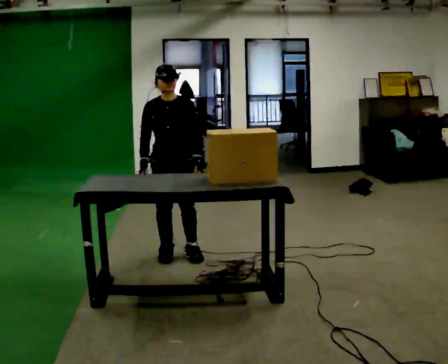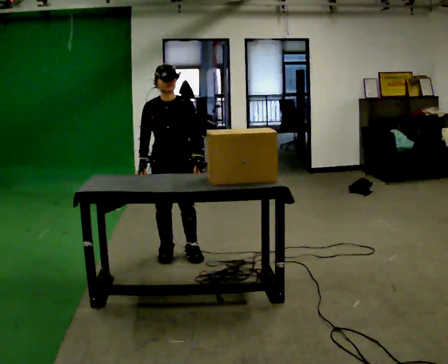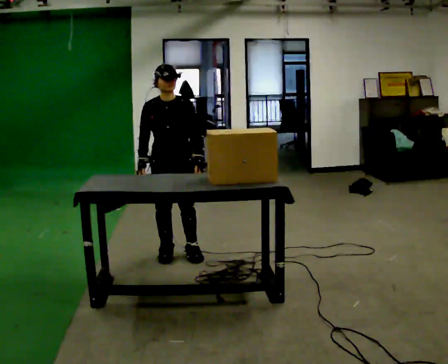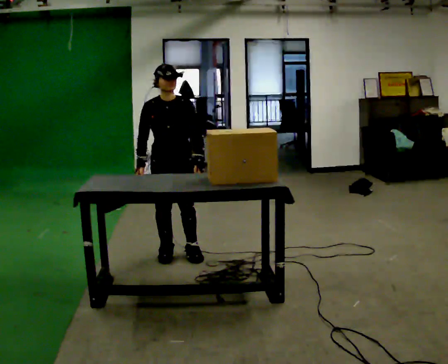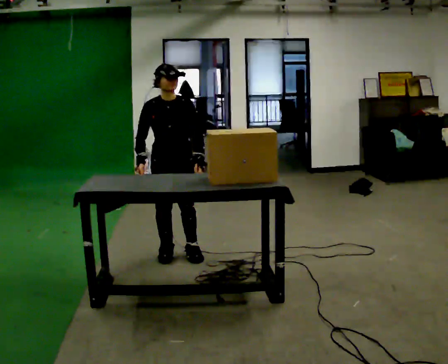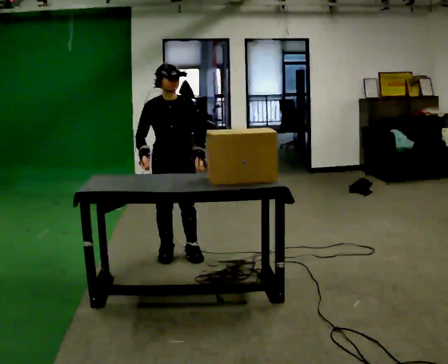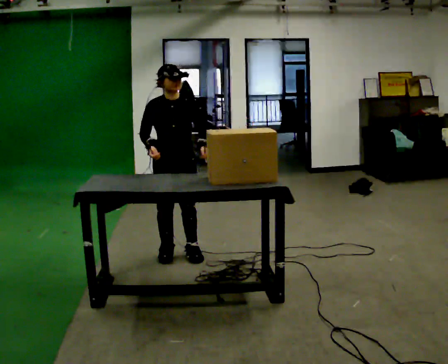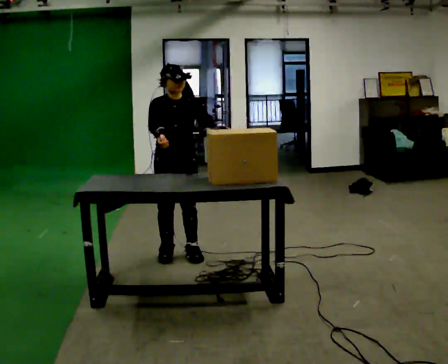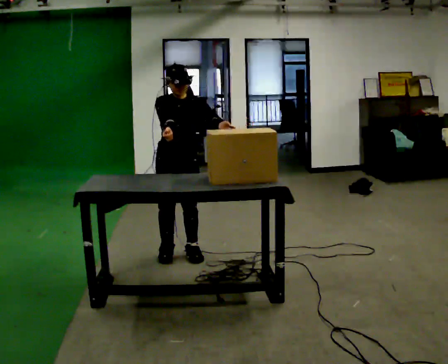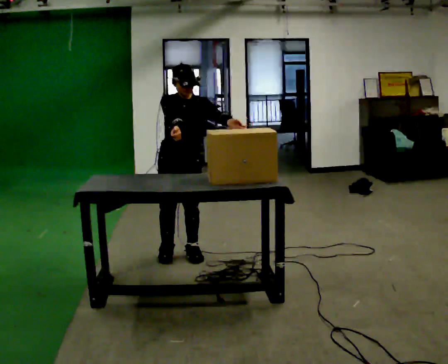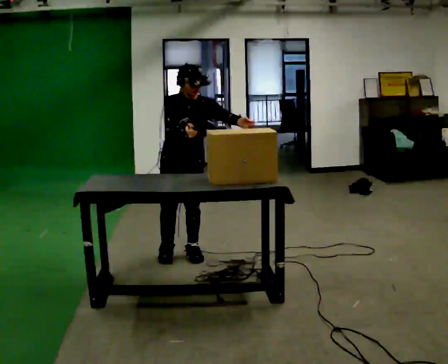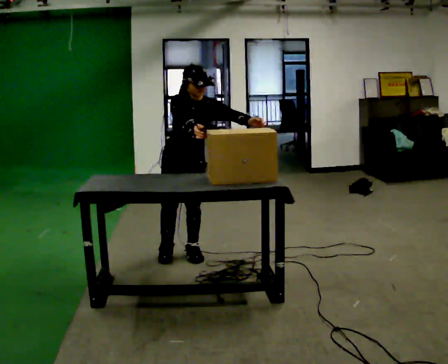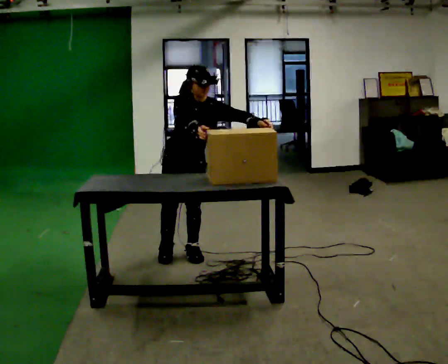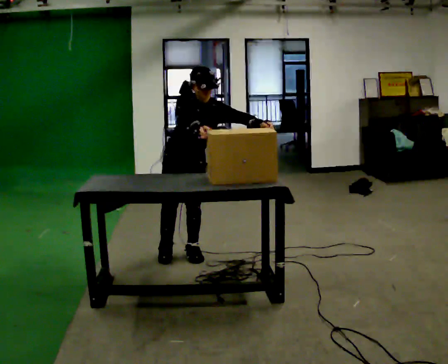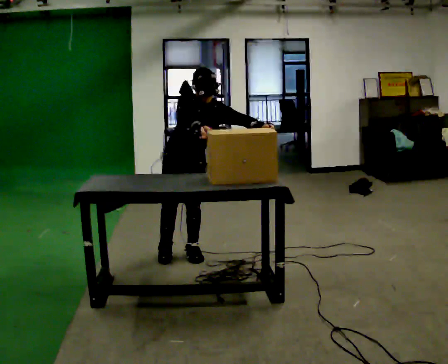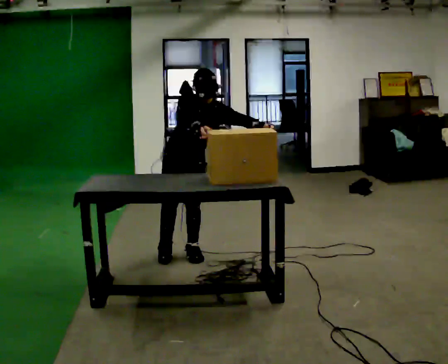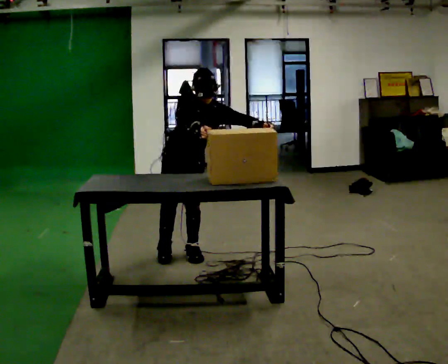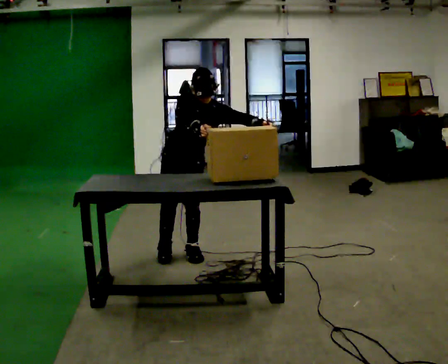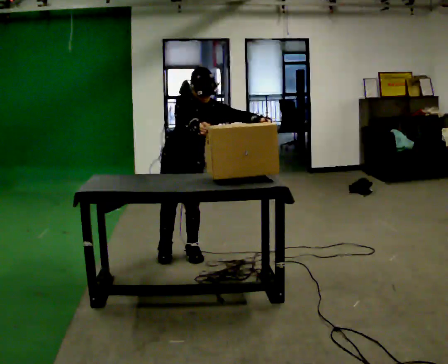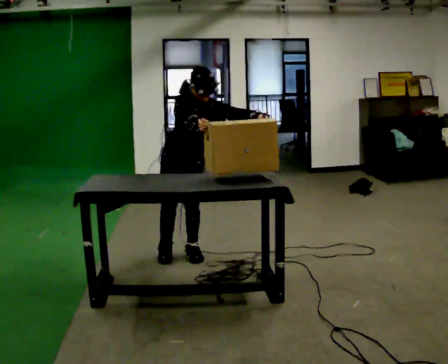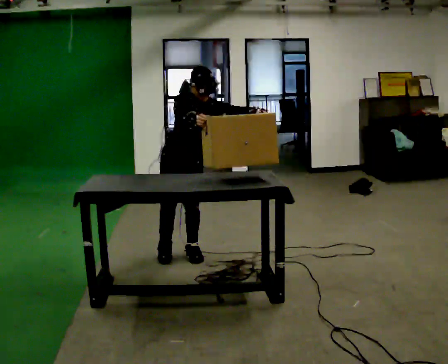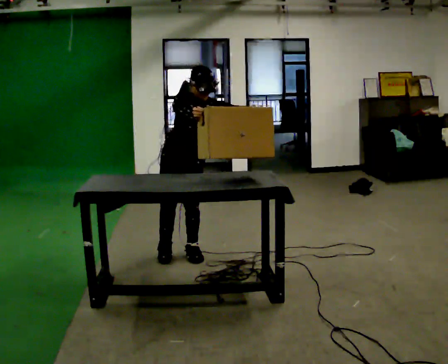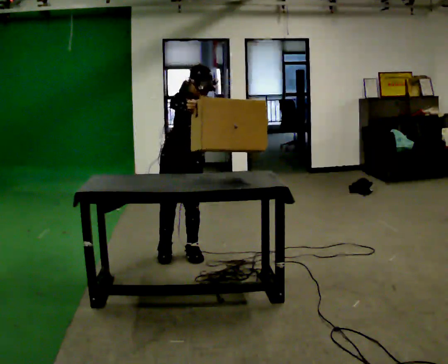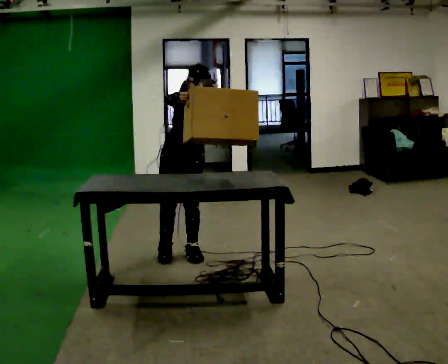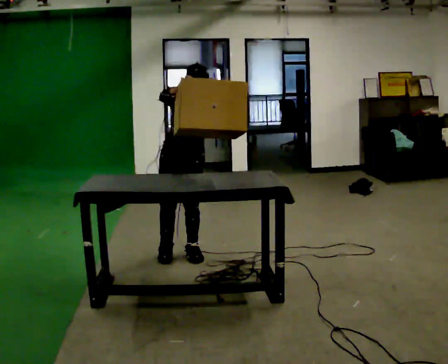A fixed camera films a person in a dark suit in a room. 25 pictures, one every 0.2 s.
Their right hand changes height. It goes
upward.
Their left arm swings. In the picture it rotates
counterclockwise.
0.0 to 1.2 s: The person moves a little, or ends about where they began.
1.2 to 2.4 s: In the picture the upper body tilts clockwise, shoulders to the right. In the picture their left hand goes to the right.
2.4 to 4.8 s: The person moves a little, or ends about where they began.
The film runs backward here.
